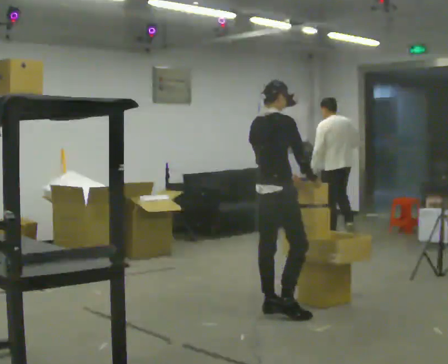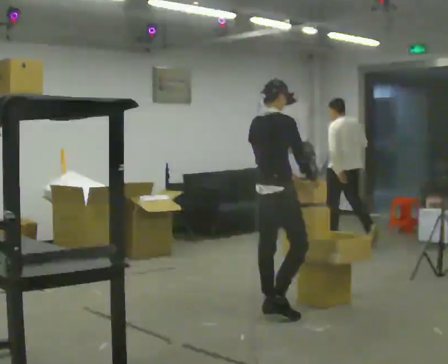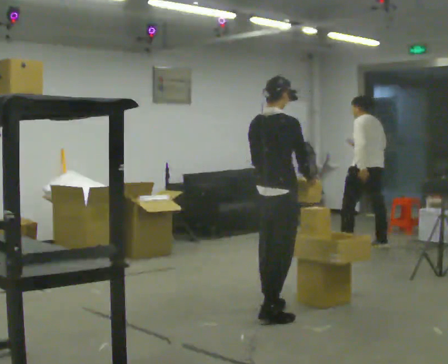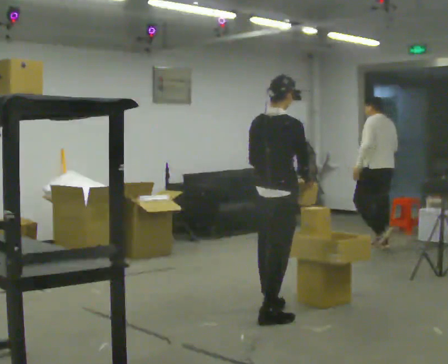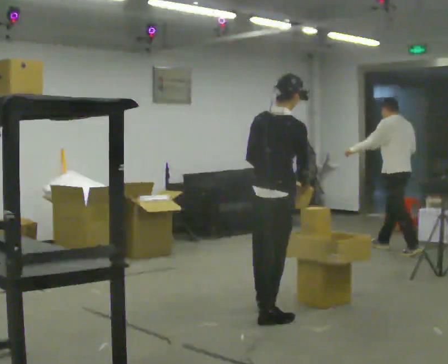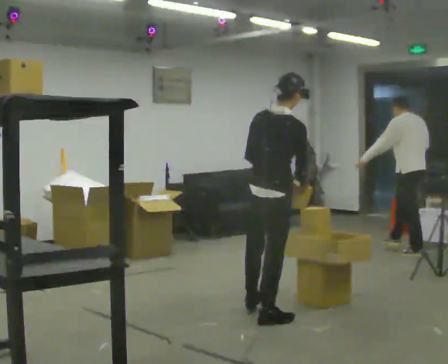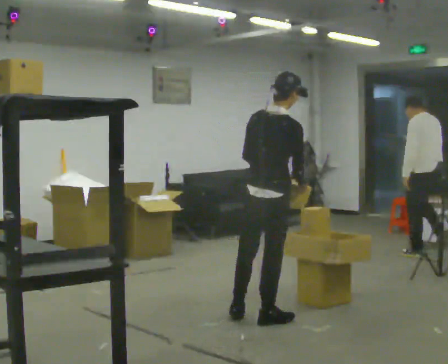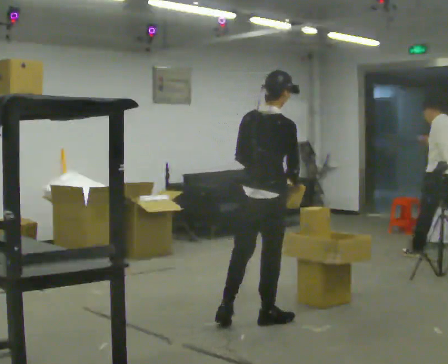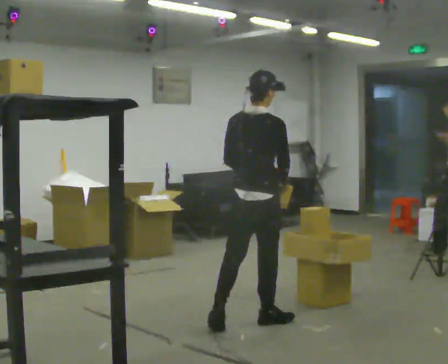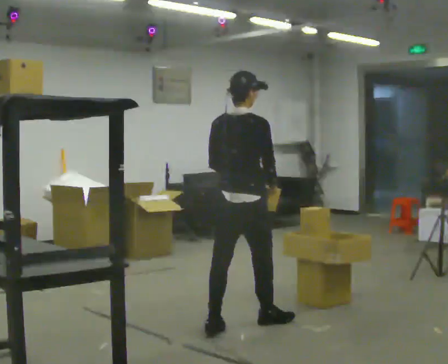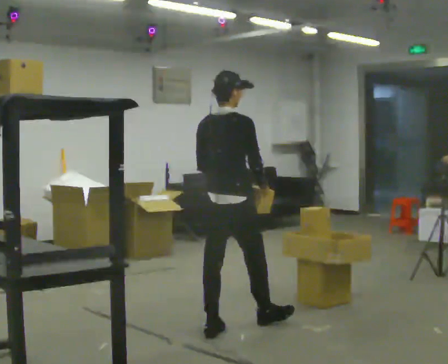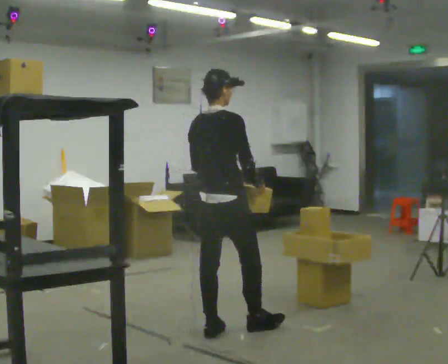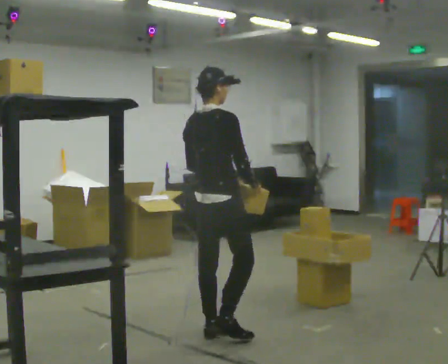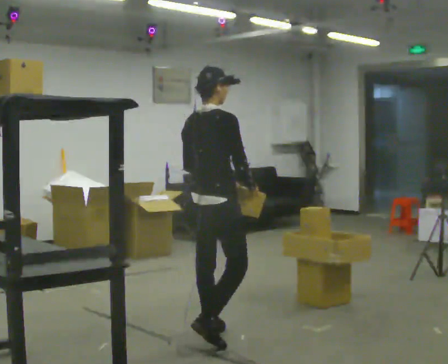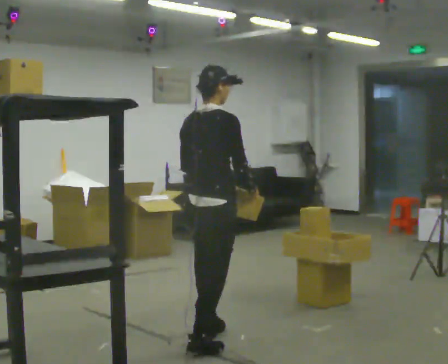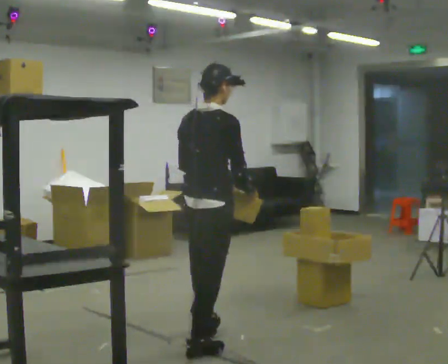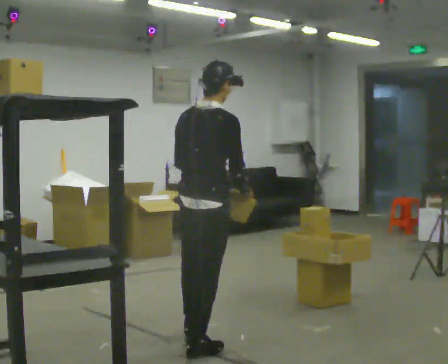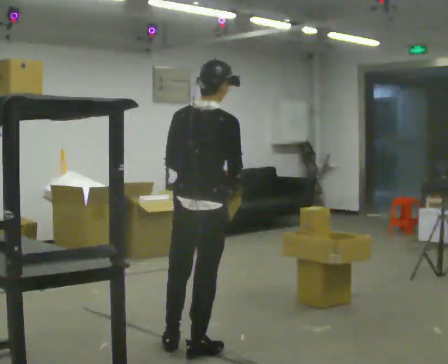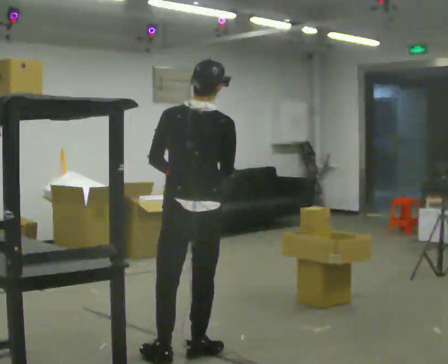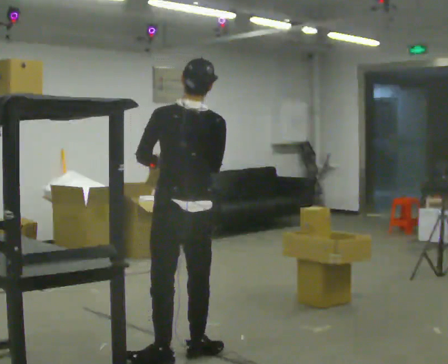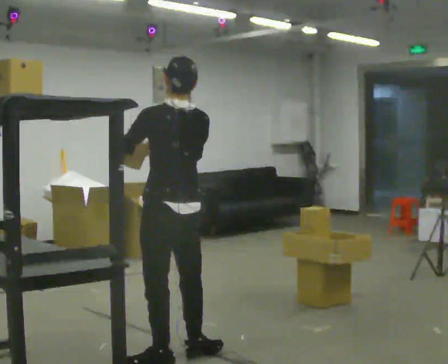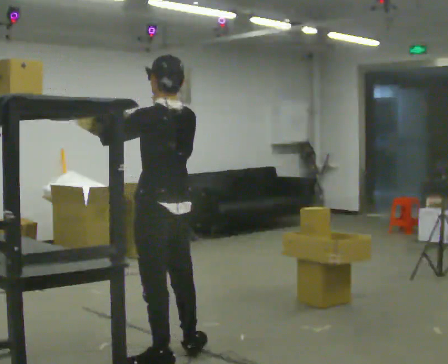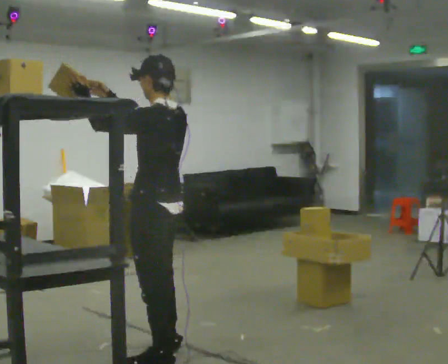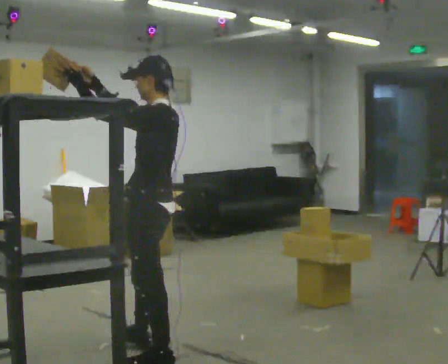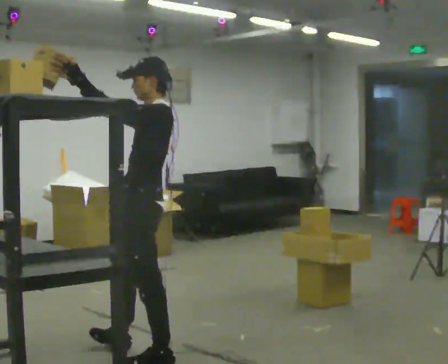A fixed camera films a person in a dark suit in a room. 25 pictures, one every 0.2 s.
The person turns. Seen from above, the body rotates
counterclockwise.
The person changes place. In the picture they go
toward the camera.
0.0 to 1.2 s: In the picture they go toward the camera, about 0.25 m in 1 step, which for them is backward and to their right.
1.2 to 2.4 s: In the picture they go to the left and toward the camera, about 0.5 m in 1 step, which for them is backward and to their left.
2.4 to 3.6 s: Seen from above the body turns counterclockwise, about 45 degrees: to their left, with its near side sliding to the right. In the picture they go toward the camera, about 0.5 m in 1 step, which for them is backward.
3.6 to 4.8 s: The part of the body nearest the lens slides to the right as the person turns to their left by about 90 degrees. In the picture they go to the left, about 0.25 m in 1 step. In the picture their right hand goes upward.
The film runs backward here.
